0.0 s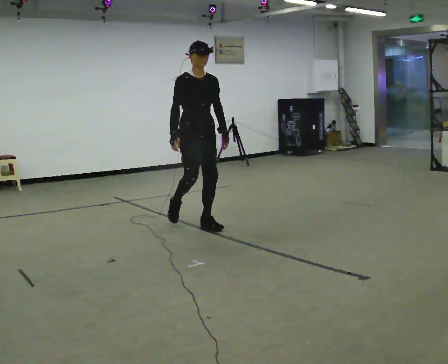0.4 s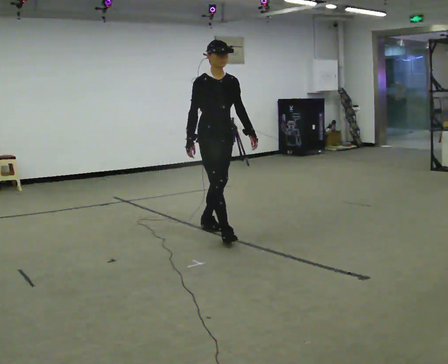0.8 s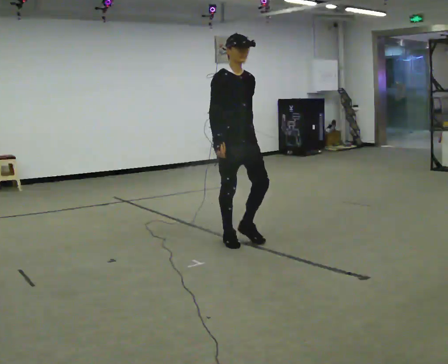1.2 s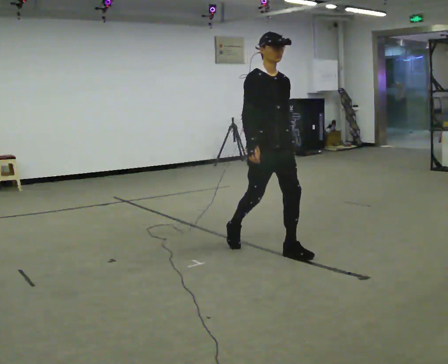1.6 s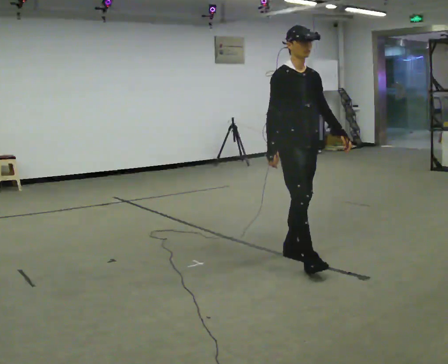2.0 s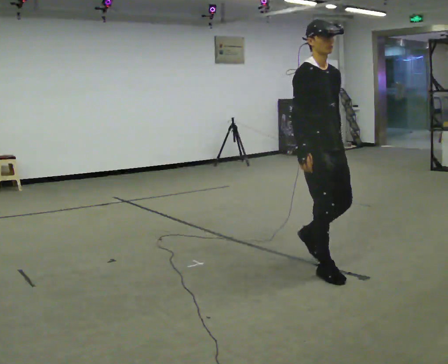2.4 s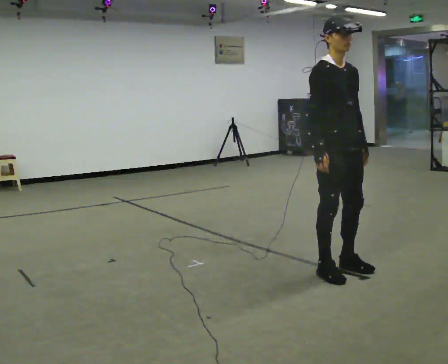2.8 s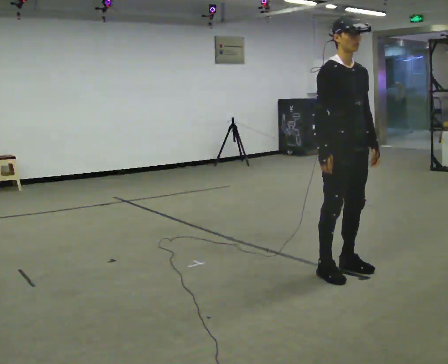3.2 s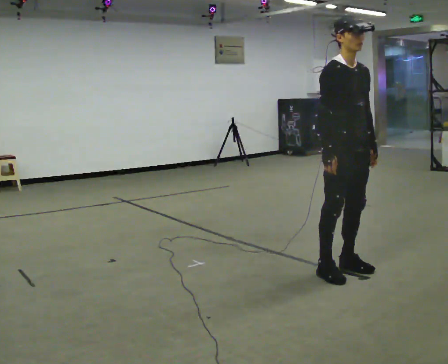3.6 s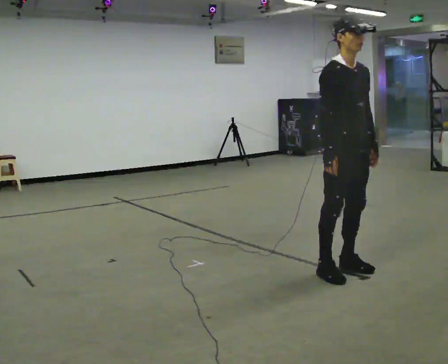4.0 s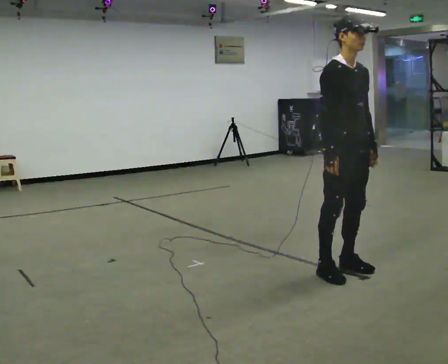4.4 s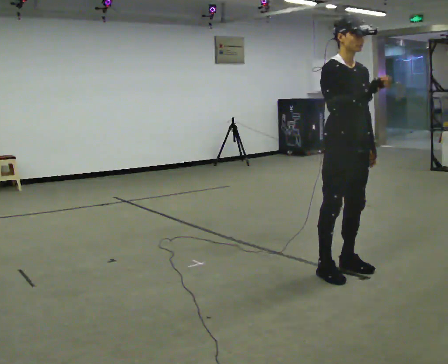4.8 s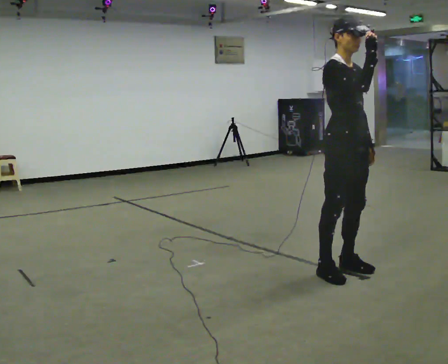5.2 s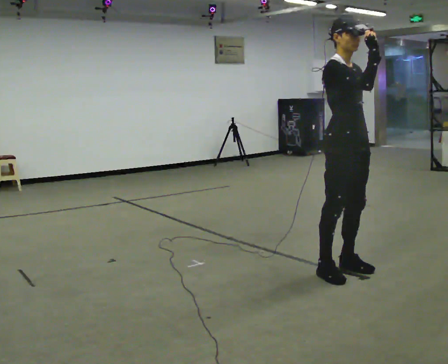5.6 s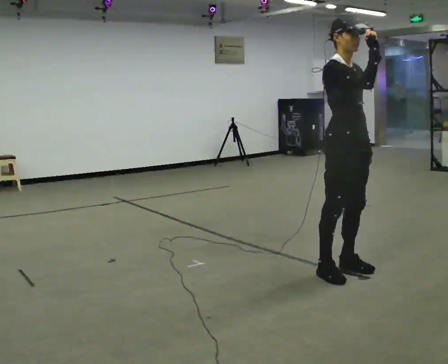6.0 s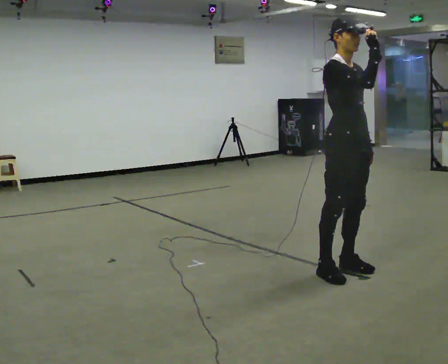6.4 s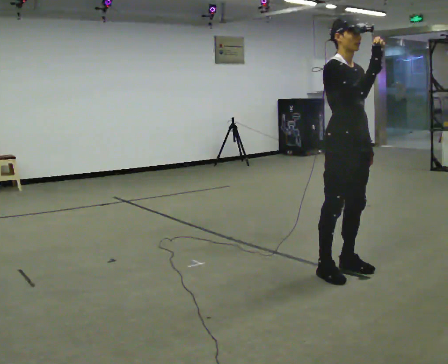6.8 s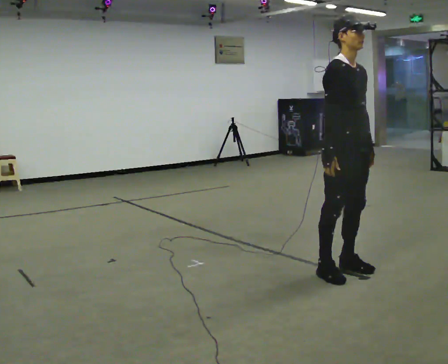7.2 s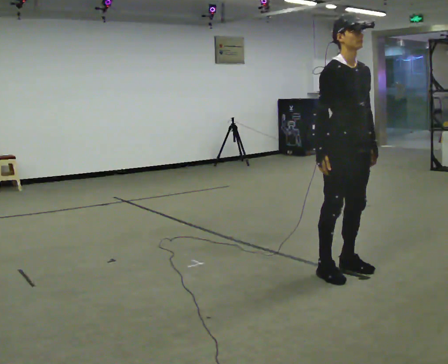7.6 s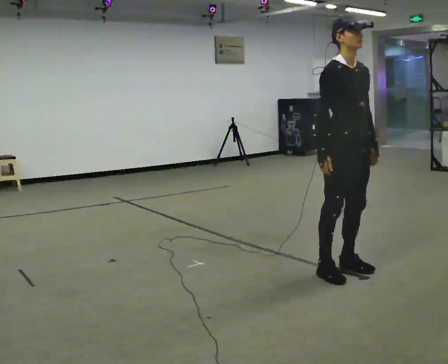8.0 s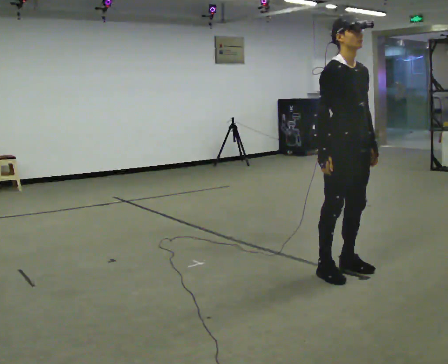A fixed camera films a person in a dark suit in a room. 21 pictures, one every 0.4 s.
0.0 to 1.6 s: In the picture they go to the right and toward the camera, about 1.5 m in 2 steps, which for them is forward.
1.6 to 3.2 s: In the picture they go to the right and toward the camera, about 0.5 m in 2 steps, which for them is forward.
3.2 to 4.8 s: In the picture their right hand goes upward.
4.8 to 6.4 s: The person moves a little, or ends about where they began.
6.4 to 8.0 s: In the picture their right hand goes downward and to the left.
The film runs forward here.
